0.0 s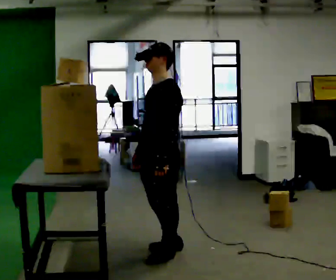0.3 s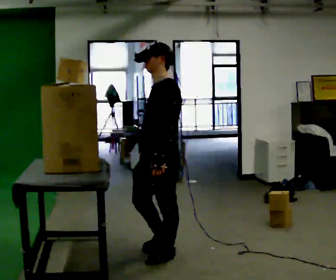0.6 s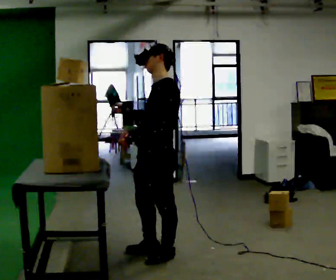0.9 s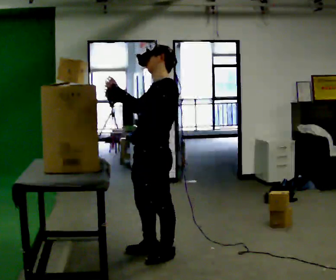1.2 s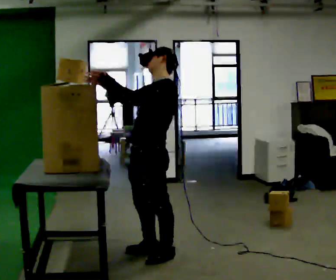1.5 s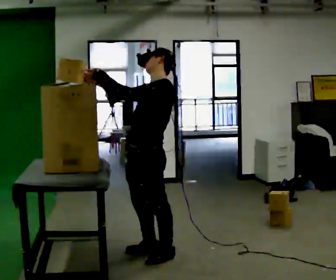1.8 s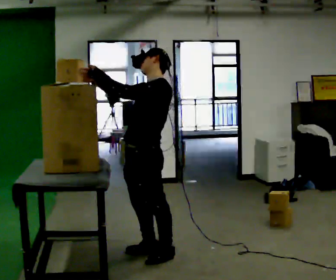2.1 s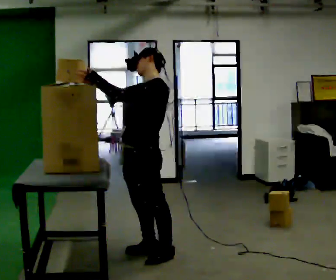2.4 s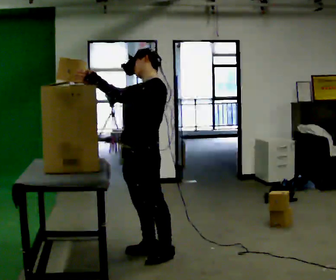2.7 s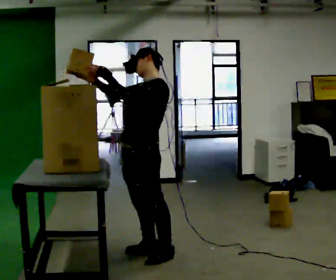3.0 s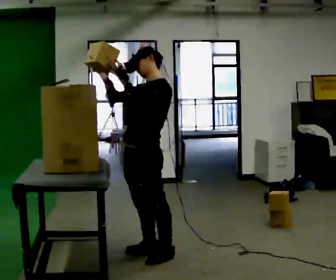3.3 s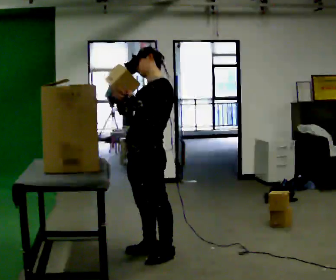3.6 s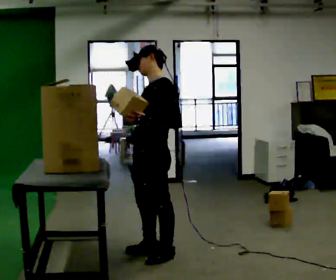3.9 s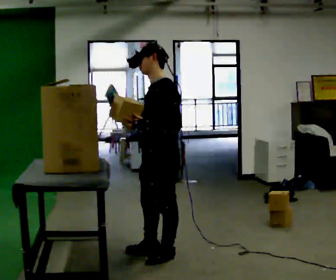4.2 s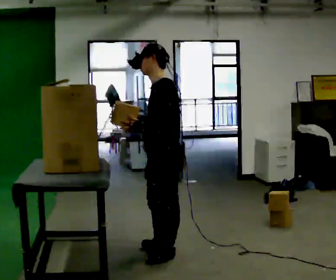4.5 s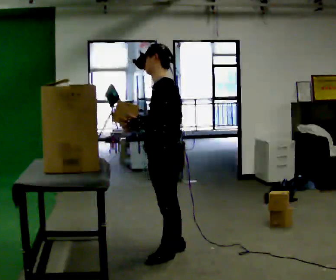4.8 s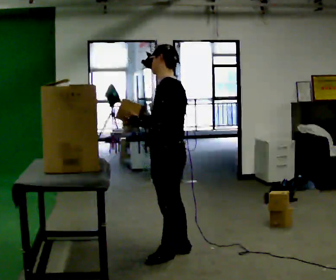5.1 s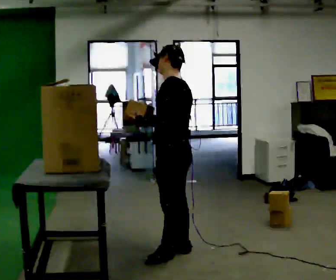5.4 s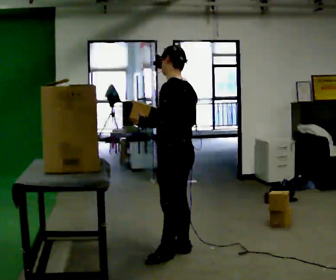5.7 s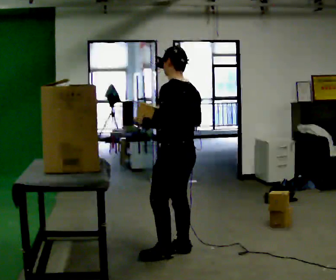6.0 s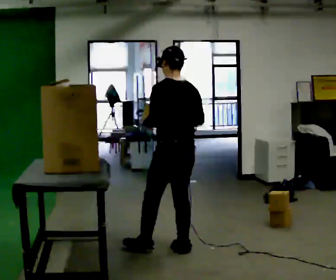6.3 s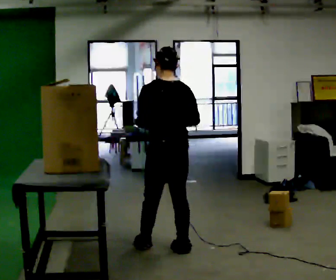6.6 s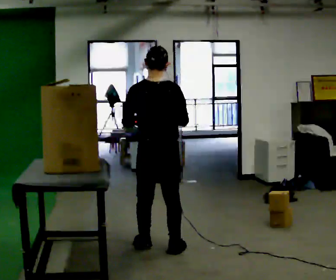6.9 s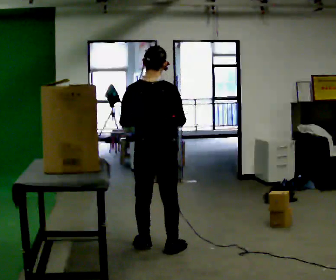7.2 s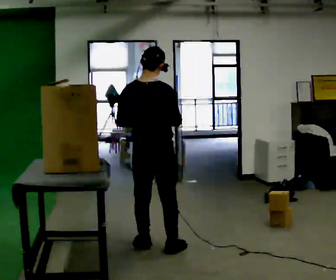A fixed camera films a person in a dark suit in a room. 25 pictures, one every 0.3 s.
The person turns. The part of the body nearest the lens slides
to the left.
The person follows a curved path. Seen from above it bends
counterclockwise.
0.0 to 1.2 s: In the picture their right hand goes upward, the arm swinging clockwise.
1.2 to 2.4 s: The person moves a little, or ends about where they began.
2.4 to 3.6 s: In the picture their left hand goes to the right.
3.6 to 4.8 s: The person turns about 30 degrees to their right, clockwise seen from above, so the part of the body nearest the lens slides to the left.
4.8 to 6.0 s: Seen from above the body turns clockwise, about 45 degrees: to their right, with its near side sliding to the left. In the picture they go away from the camera, about 0.25 m, which for them is to their right.
6.0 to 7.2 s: The person turns about 45 degrees to their right, clockwise seen from above, so the part of the body nearest the lens slides to the left. In the picture they go to the left, about 0.25 m in 1 step, which for them is to their left.
The film runs forward here.
